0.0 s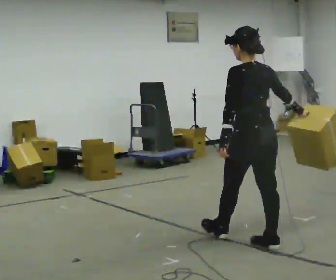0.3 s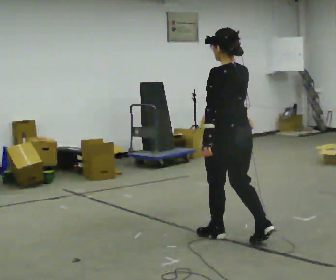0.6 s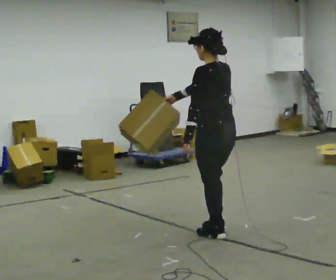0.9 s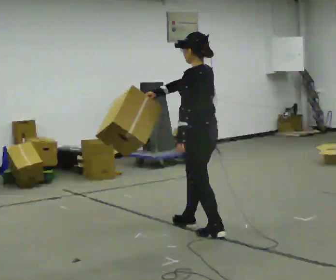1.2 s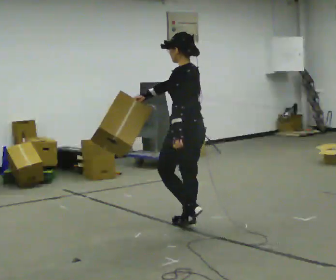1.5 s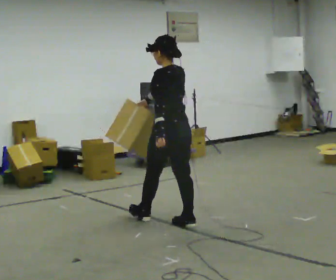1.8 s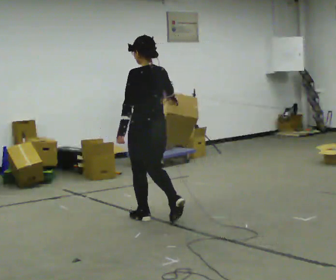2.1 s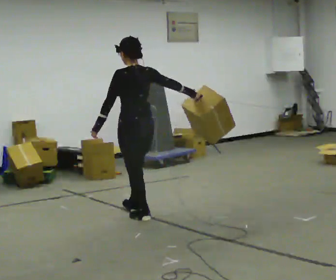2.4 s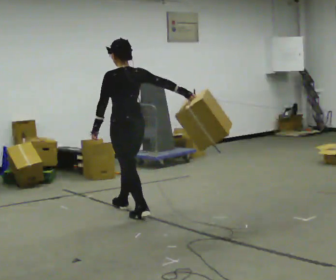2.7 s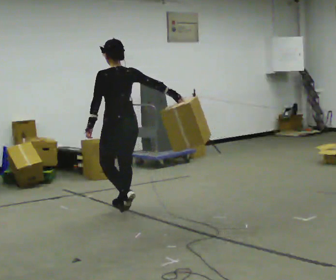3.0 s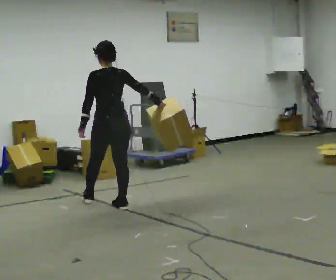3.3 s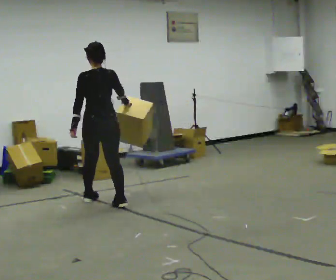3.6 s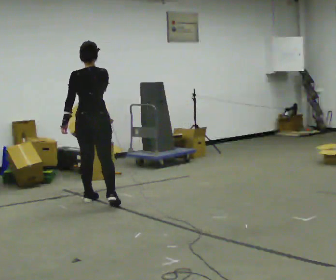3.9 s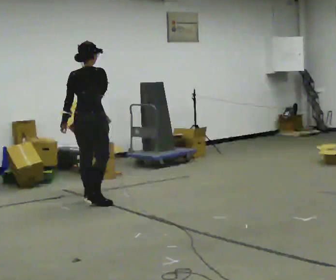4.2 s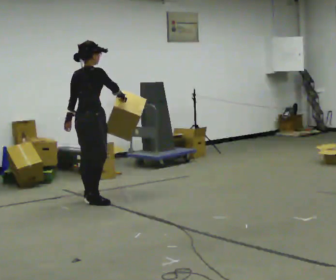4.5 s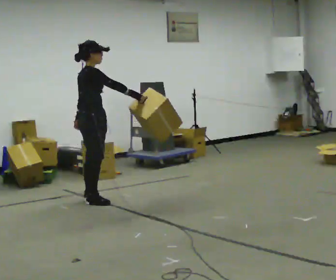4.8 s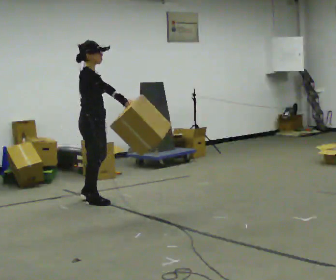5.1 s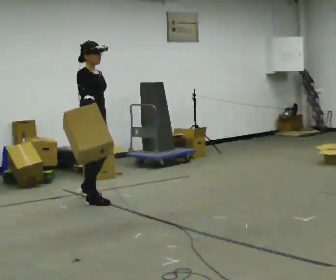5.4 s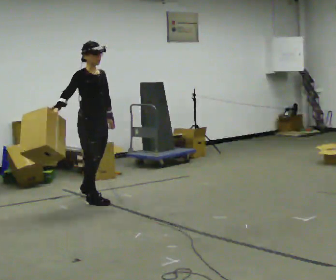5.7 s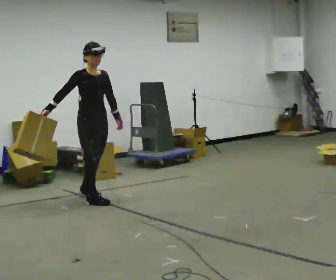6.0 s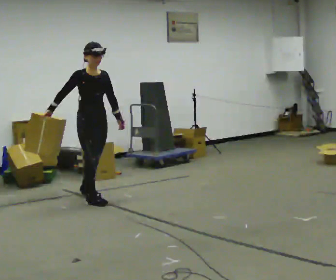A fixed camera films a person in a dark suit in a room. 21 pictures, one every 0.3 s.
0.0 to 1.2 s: Seen from above the body turns counterclockwise, about 30 degrees: to their left, with its near side sliding to the right. In the picture they go away from the camera and to the left, about 1 m in 2 steps, which for them is forward.
1.2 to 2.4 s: In the picture they go away from the camera and to the left, about 0.5 m in 2 steps, which for them is forward.
2.4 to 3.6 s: The person turns about 45 degrees to their right, clockwise seen from above, so the part of the body nearest the lens slides to the left. In the picture they go away from the camera and to the left, about 0.5 m in 1 step, which for them is forward and to their left.
3.6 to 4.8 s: The part of the body nearest the lens slides to the left as the person turns to their right by about 90 degrees.
4.8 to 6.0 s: Seen from above the body turns clockwise, about 45 degrees: to their right, with its near side sliding to the left. In the picture their right hand goes to the left.
The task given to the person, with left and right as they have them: Carry the object in the hand the operator calls, down at your side, walking back and forth across the room.
The film runs forward here.
